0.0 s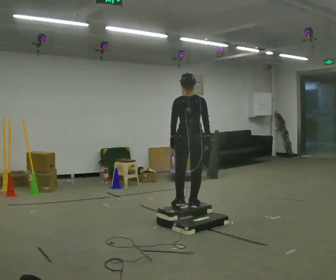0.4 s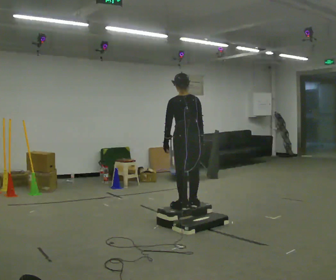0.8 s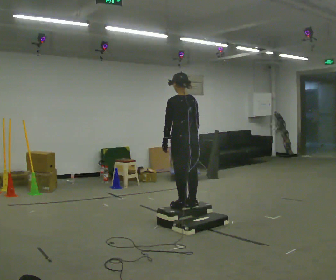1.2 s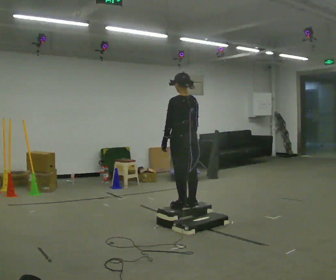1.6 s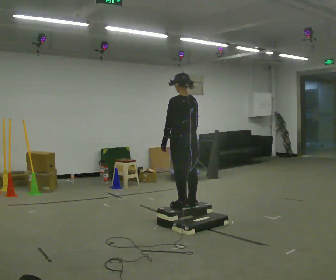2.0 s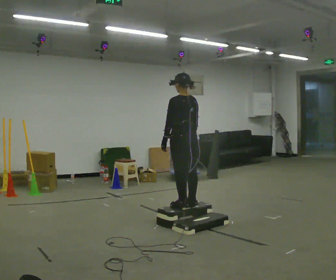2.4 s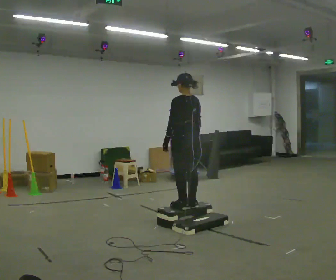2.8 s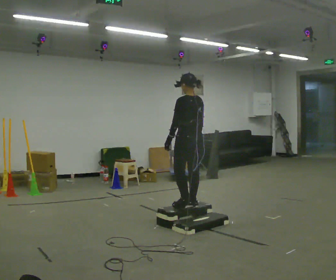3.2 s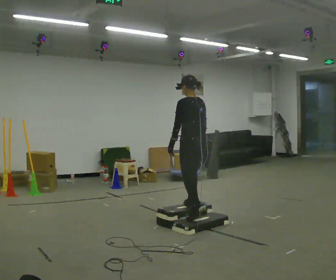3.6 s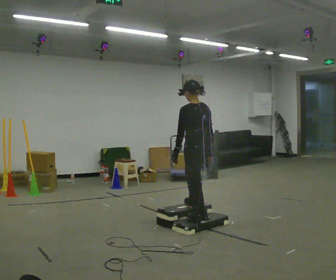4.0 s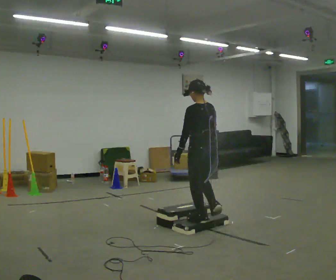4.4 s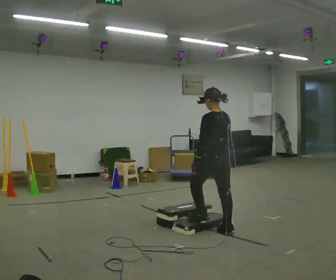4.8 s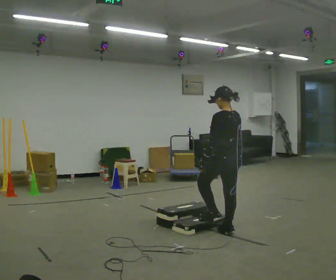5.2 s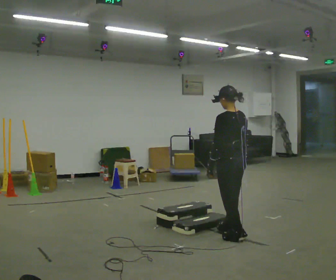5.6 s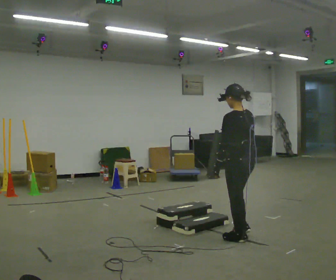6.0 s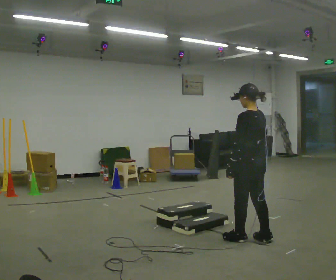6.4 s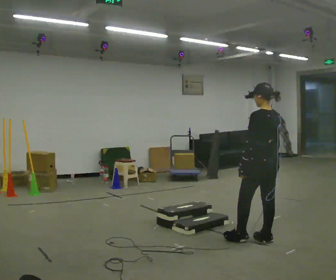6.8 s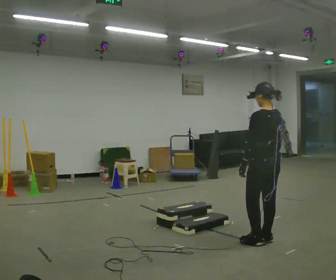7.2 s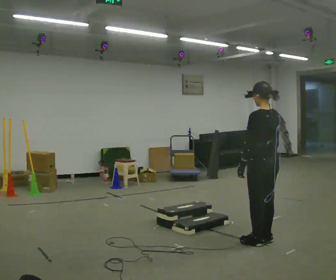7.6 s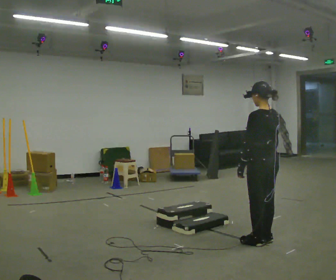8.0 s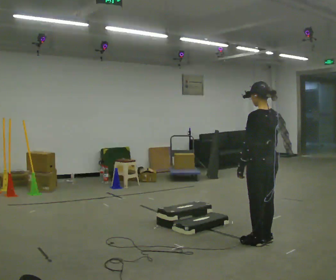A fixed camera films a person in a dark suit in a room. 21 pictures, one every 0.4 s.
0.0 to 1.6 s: The part of the body nearest the lens slides to the right as the person turns to their left by about 45 degrees.
1.6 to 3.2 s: The person moves a little, or ends about where they began.
3.2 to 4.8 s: In the picture they go toward the camera and to the right, about 0.5 m in 2 steps, which for them is backward. The shoulders move downward.
4.8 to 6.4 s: In the picture they go to the right and toward the camera, about 0.5 m in 2 steps, which for them is backward.
6.4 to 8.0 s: The person moves a little, or ends about where they began.
The film runs backward here.
